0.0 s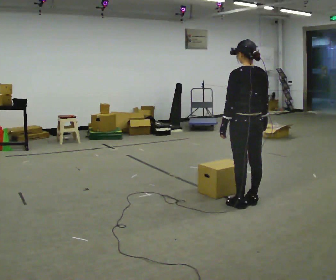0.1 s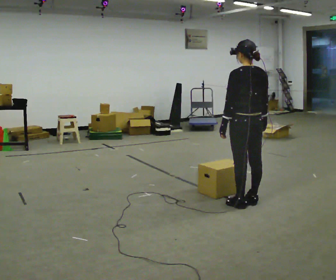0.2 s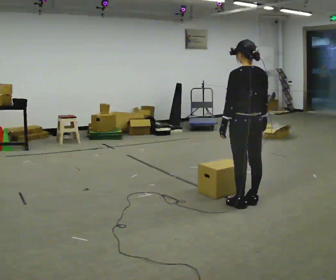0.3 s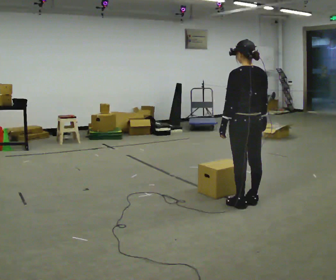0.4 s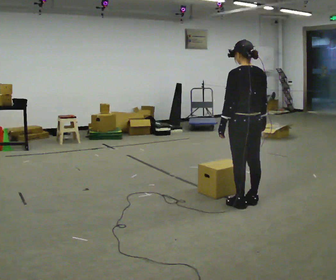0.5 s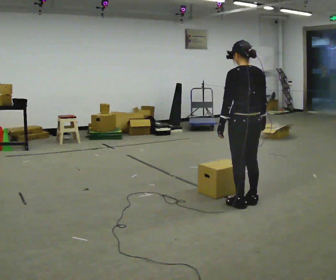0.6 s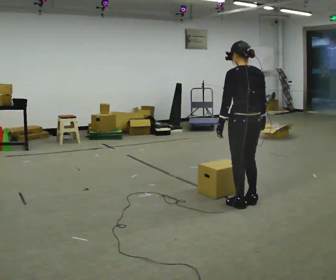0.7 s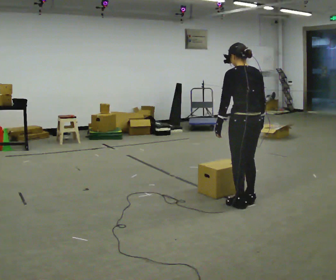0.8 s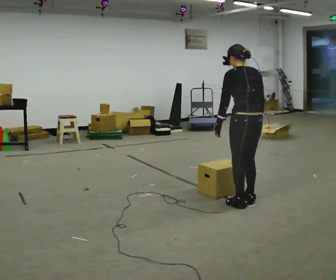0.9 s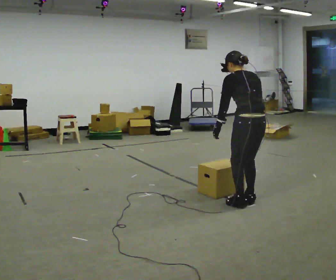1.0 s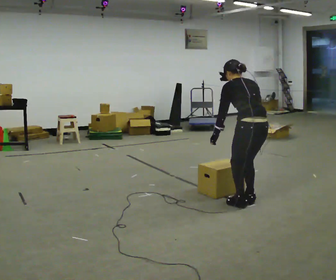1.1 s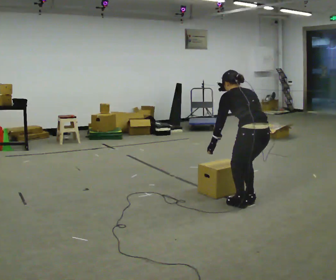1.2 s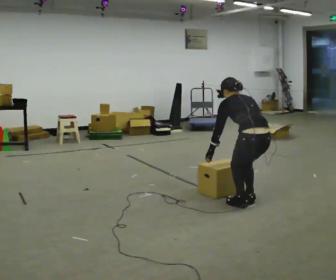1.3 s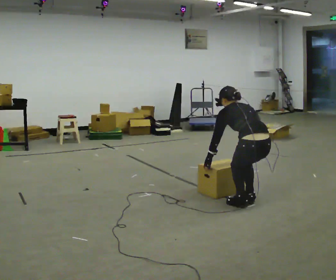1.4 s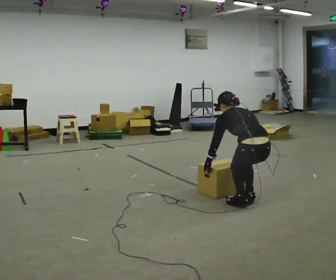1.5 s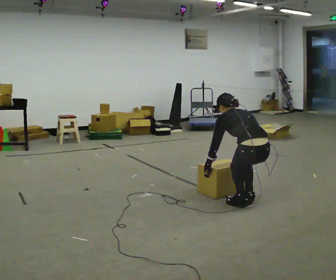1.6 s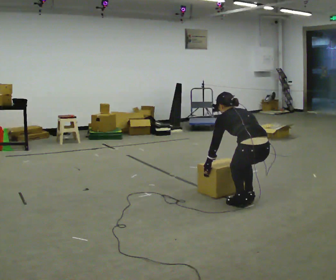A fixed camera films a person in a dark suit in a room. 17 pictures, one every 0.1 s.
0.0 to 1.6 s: The upper body goes downward. In the picture the upper body tilts counterclockwise, shoulders to the left, as they bend forward. In the picture their right hand goes downward.
The film runs forward here.
